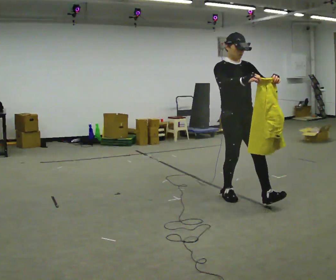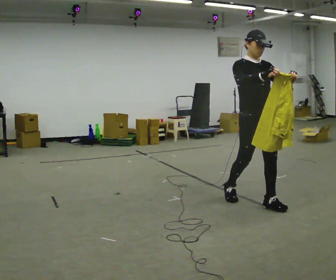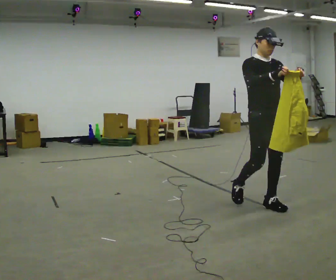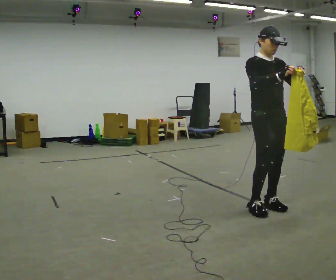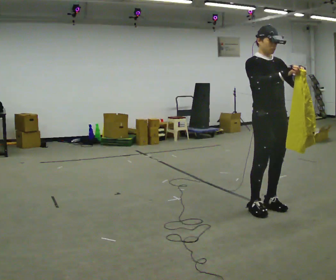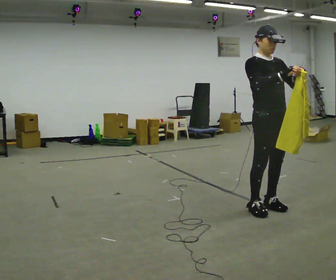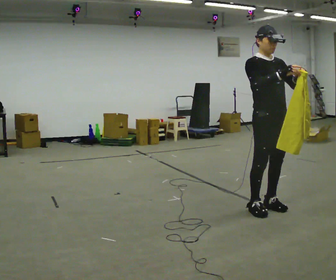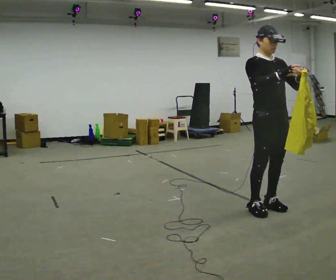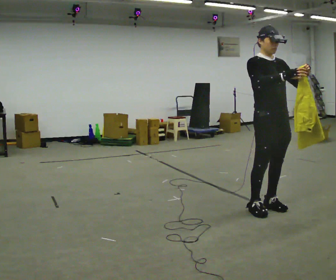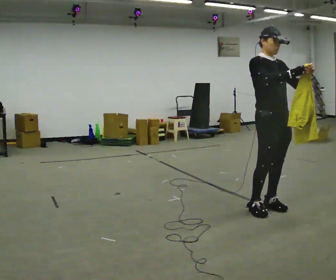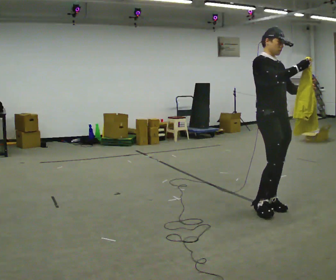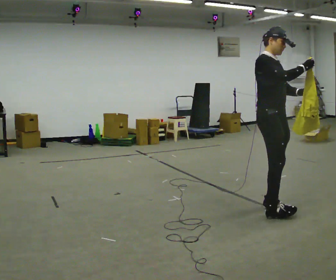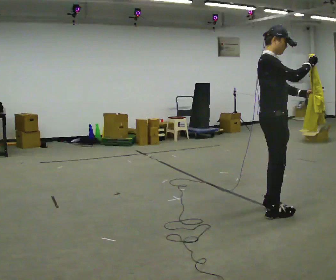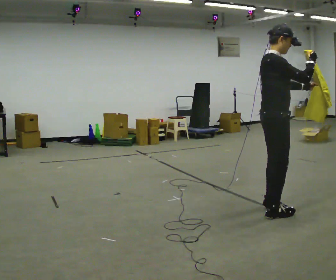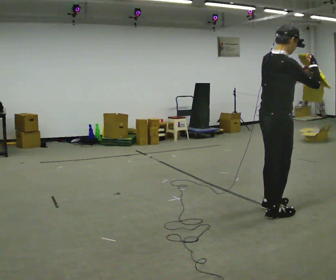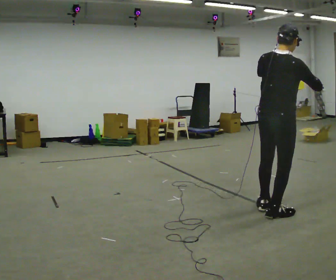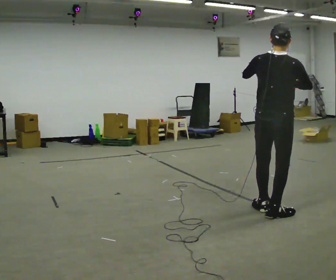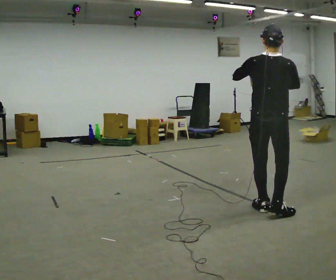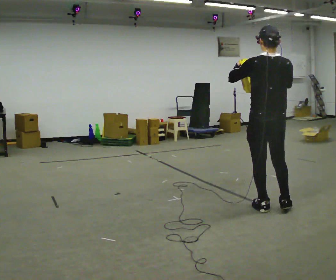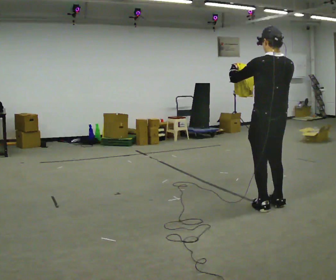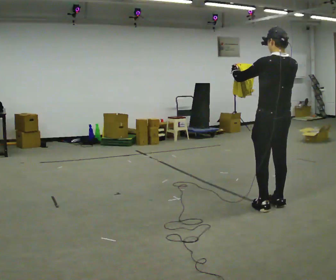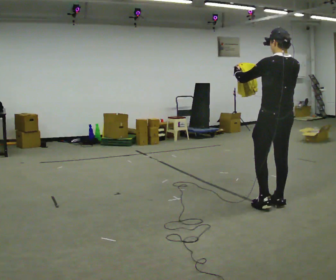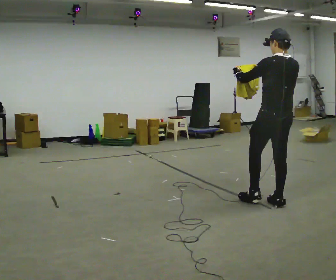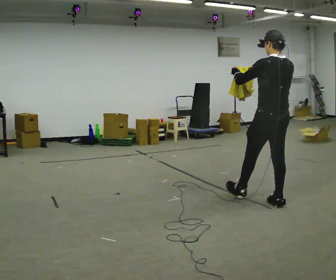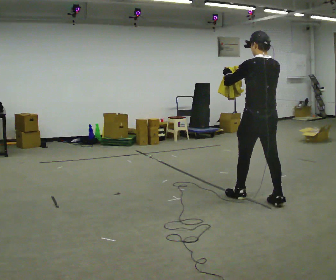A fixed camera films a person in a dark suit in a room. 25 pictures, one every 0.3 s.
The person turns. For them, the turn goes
to their left.
The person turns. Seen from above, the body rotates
counterclockwise.
0.0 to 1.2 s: In the picture they go to the right and toward the camera, about 0.25 m in 1 step, which for them is forward.
1.2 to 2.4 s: The person moves a little, or ends about where they began.
2.4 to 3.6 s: The person turns about 45 degrees to their left, counterclockwise seen from above, so the part of the body nearest the lens slides to the right.
3.6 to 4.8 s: The part of the body nearest the lens slides to the right as the person turns to their left by about 90 degrees. In the picture their left hand goes to the left.
4.8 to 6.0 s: Seen from above the body turns counterclockwise, about 45 degrees: to their left, with its near side sliding to the right. In the picture they go away from the camera, about 0.25 m in 1 step, which for them is forward.
6.0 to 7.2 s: In the picture they go to the left, about 0.25 m in 1 step, which for them is forward.
The film runs forward here.
